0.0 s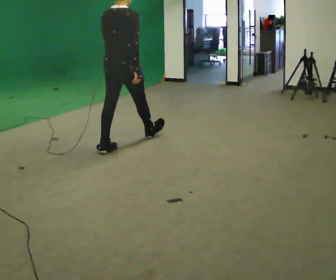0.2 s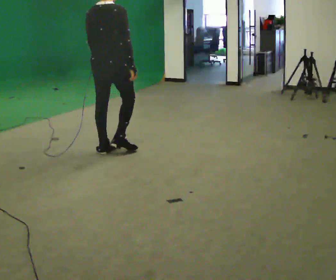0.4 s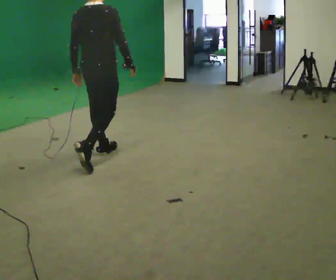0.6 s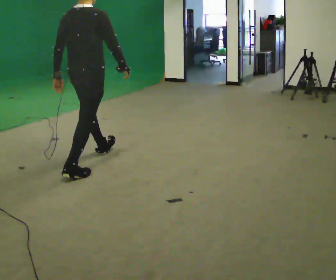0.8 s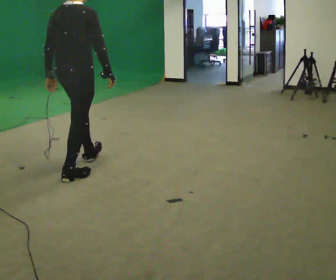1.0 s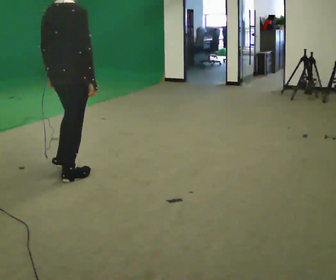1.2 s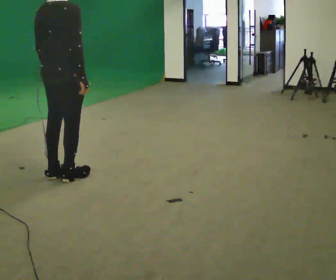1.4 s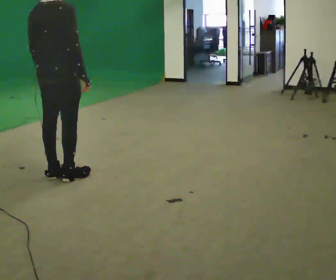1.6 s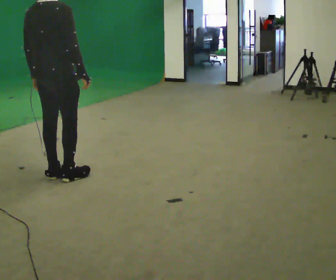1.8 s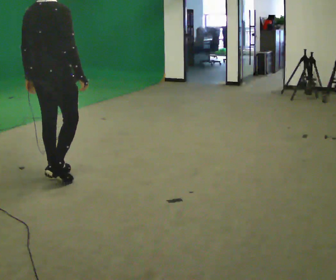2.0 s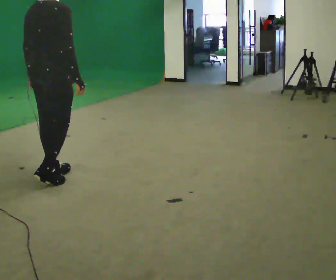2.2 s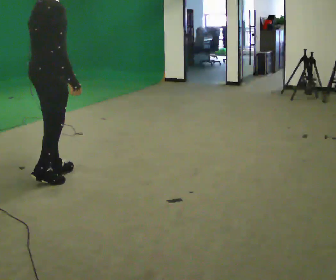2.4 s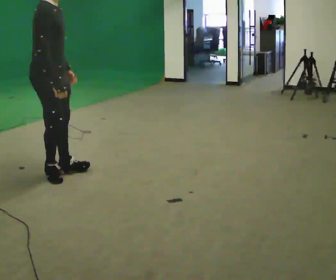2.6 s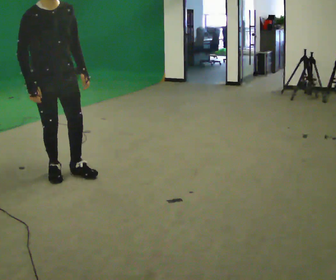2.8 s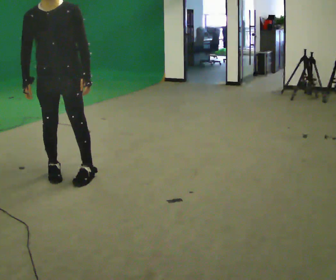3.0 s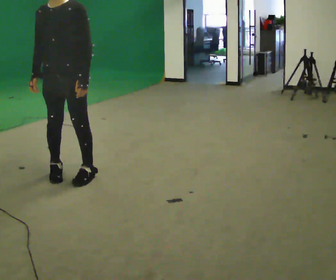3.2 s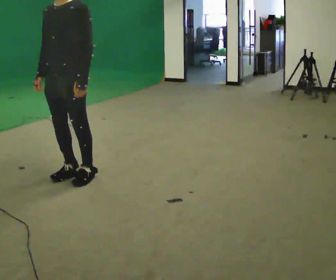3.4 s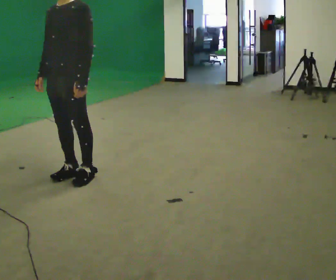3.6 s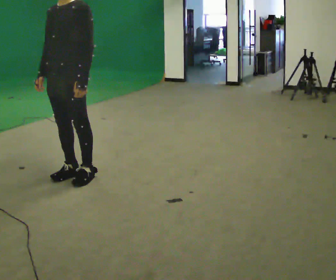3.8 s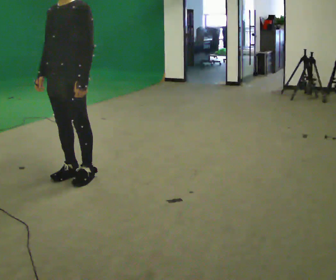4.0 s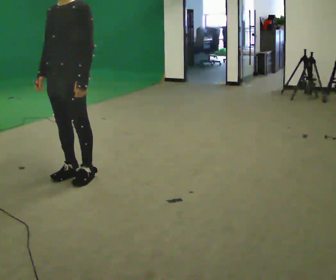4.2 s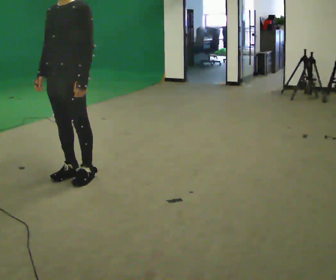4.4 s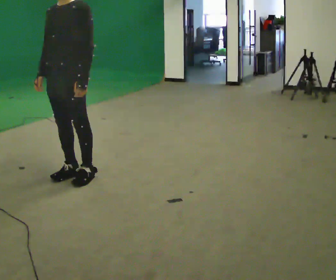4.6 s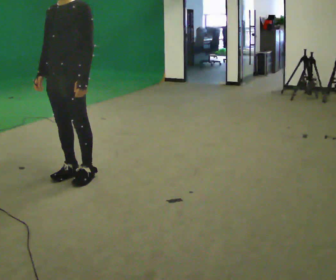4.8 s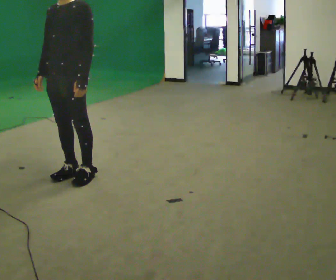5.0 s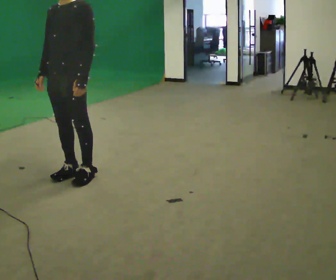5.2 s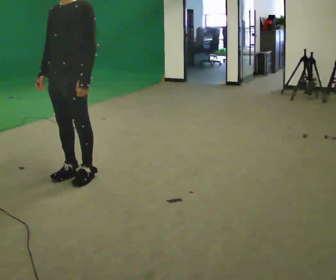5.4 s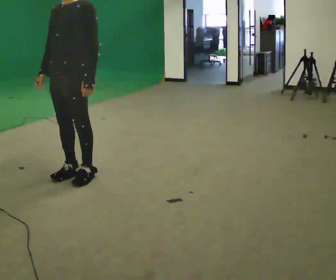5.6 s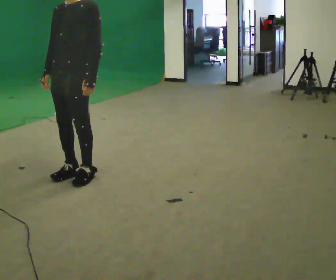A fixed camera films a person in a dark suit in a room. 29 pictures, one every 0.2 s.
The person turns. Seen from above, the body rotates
clockwise.
The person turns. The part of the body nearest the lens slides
to the left.
0.0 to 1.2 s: In the picture they go toward the camera and to the left, about 1 m in 1 step, which for them is backward.
1.2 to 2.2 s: The person moves a little, or ends about where they began.
2.2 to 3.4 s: The part of the body nearest the lens slides to the left as the person turns to their right by about 165 degrees. In the picture they go to the right, about 0.25 m in 1 step.
3.4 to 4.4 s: The person keeps their place and pose.
4.4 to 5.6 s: The person moves a little, or ends about where they began.
The film runs backward here.
